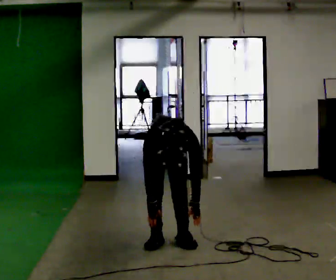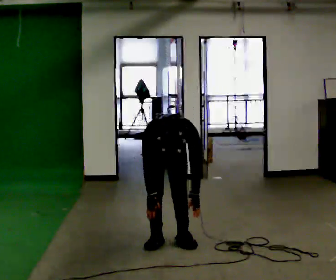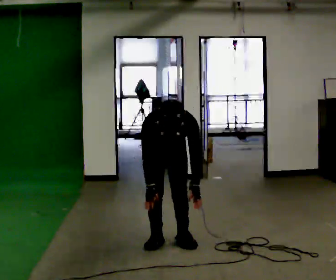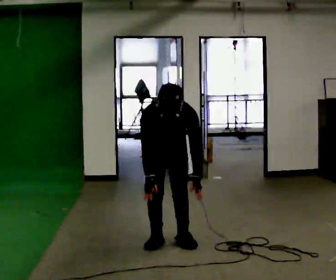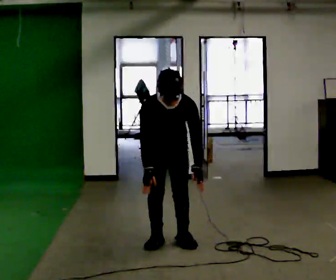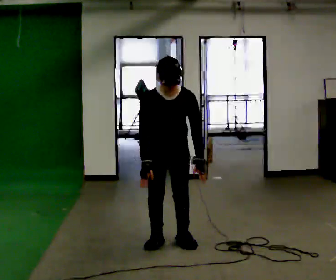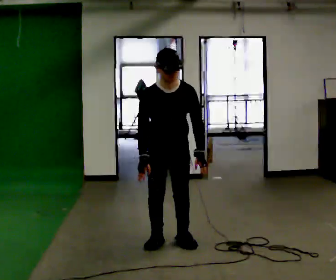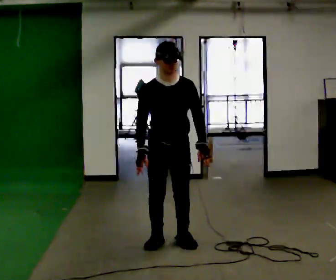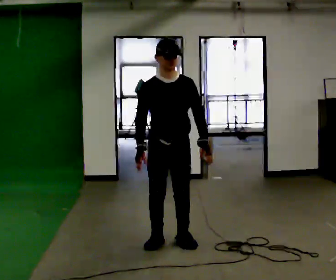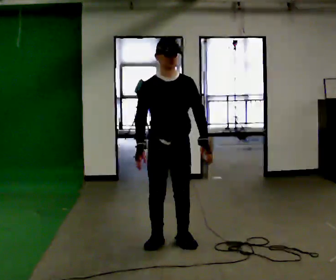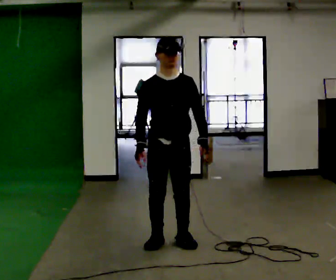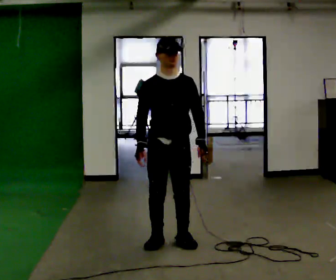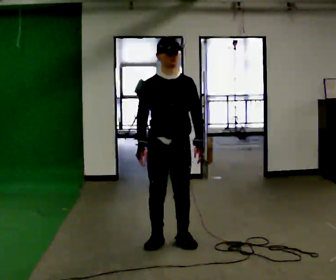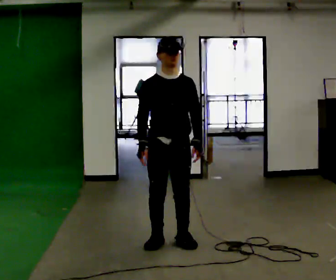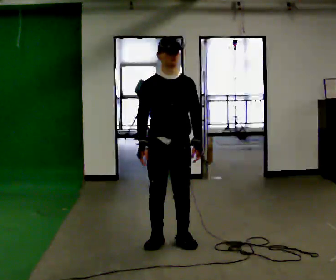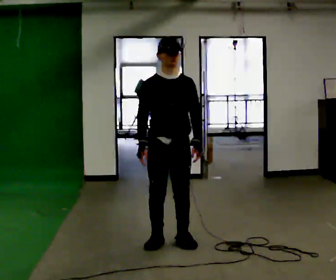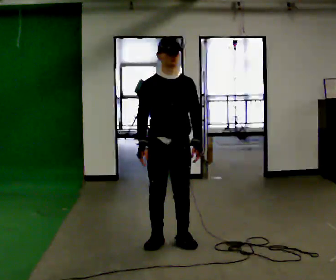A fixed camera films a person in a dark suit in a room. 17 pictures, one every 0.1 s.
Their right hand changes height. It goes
upward.
The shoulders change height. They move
upward.
0.0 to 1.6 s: In the picture they go toward the camera, about 0.25 m, which for them is forward. The shoulders move upward. The upper body tips away from the camera, its near side rolling upward, as they lean back or straighten. In the picture their right hand goes upward.
The film runs backward here.
